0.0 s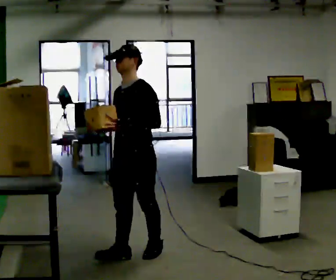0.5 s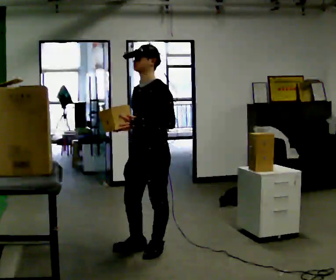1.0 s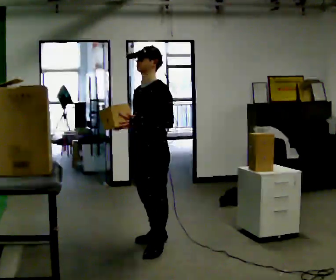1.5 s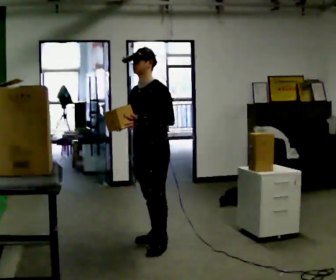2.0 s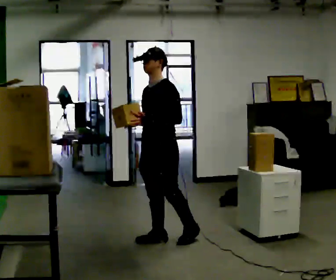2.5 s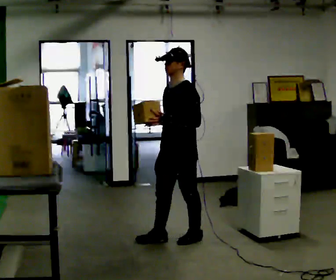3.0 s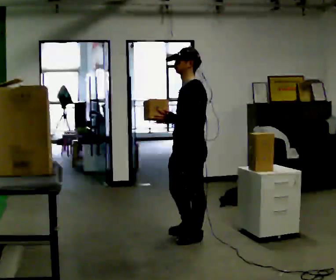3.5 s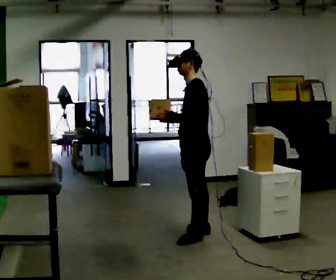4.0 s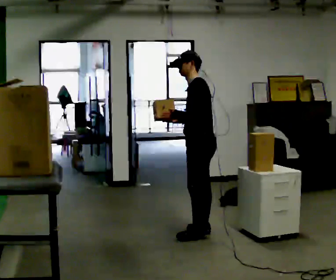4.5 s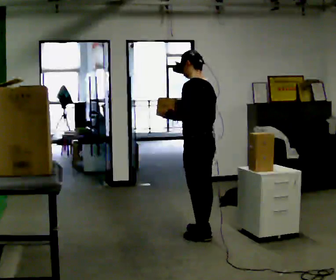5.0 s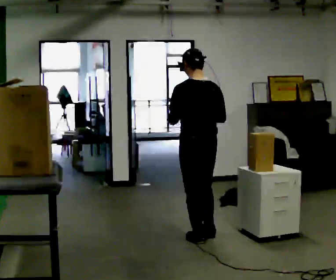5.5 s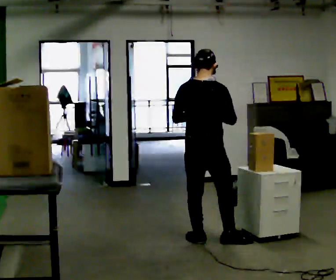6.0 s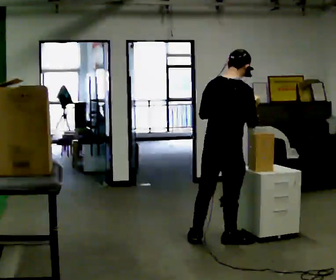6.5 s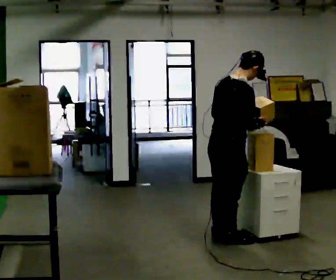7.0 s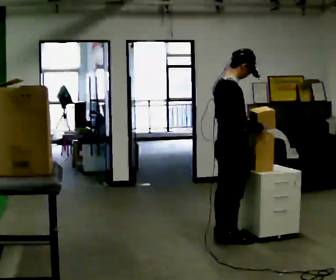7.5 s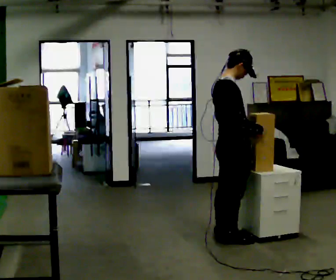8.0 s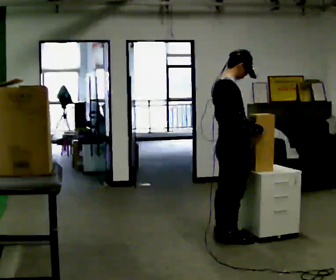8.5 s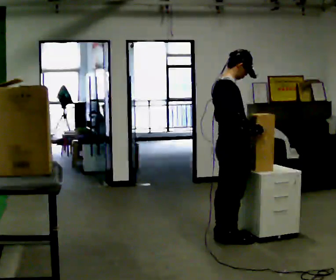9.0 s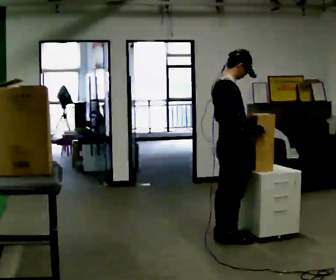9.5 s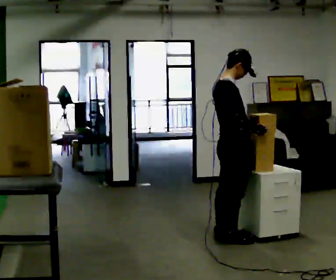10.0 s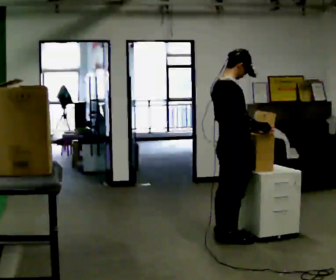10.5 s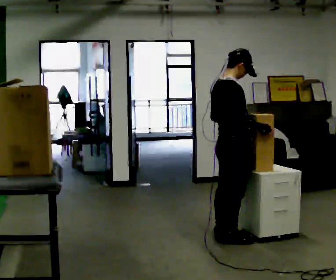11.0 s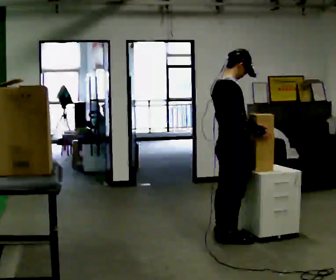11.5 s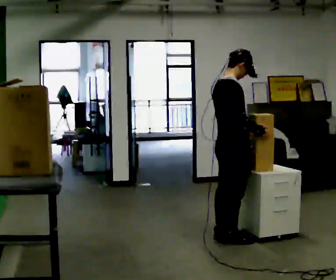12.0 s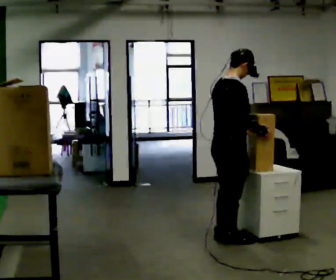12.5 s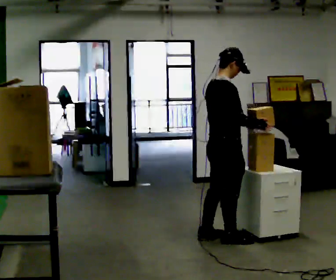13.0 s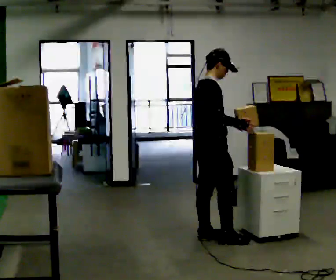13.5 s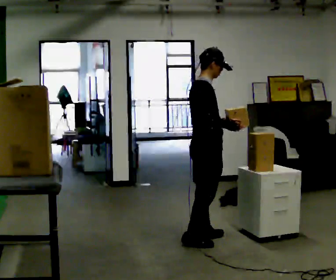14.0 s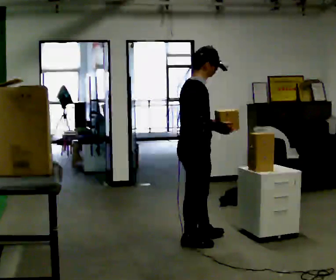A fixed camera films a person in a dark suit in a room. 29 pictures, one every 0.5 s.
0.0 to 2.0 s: In the picture they go away from the camera and to the right, about 0.5 m in 2 steps, which for them is backward.
2.0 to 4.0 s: Seen from above the body turns clockwise, about 45 degrees: to their right, with its near side sliding to the left. In the picture they go to the right and away from the camera, about 0.5 m in 1 step, which for them is backward.
4.0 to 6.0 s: The part of the body nearest the lens slides to the left as the person turns to their right by about 120 degrees. In the picture they go toward the camera, about 0.5 m in 2 steps. In the picture the upper body tilts clockwise, shoulders to the right.
6.0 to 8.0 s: The part of the body nearest the lens slides to the left as the person turns to their right by about 45 degrees.
8.0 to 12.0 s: The person moves a little, or ends about where they began.
12.0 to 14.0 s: In the picture they go to the left, about 0.25 m in 1 step, which for them is backward.
The film runs backward here.
